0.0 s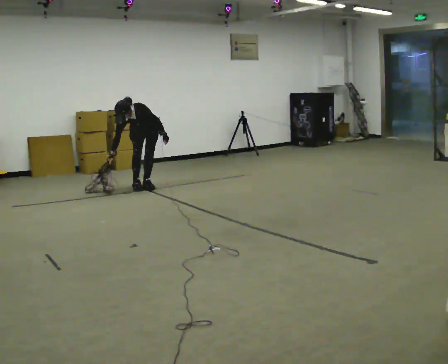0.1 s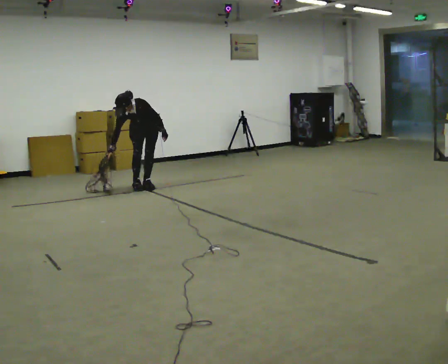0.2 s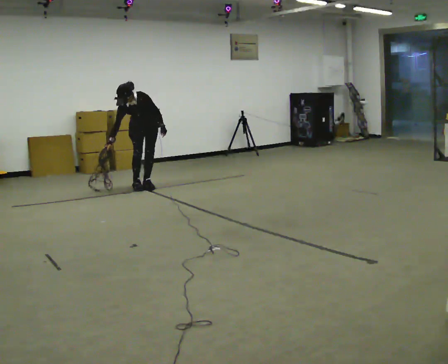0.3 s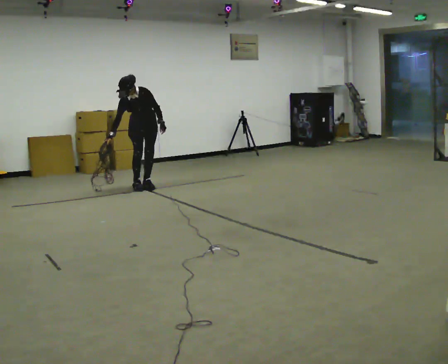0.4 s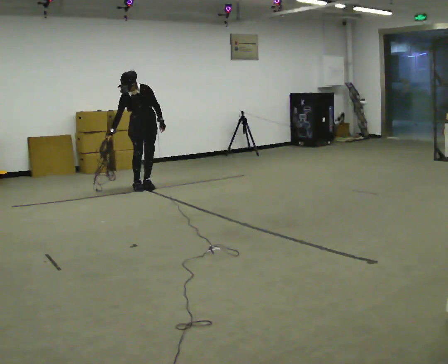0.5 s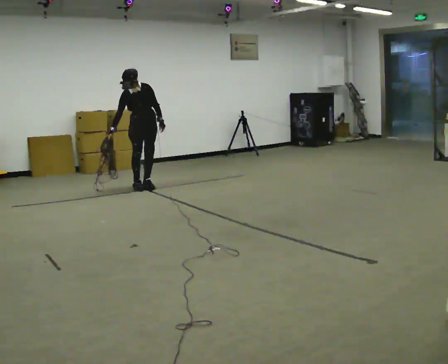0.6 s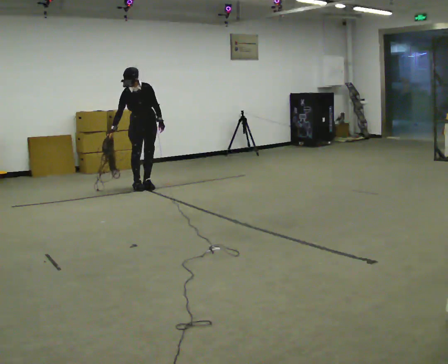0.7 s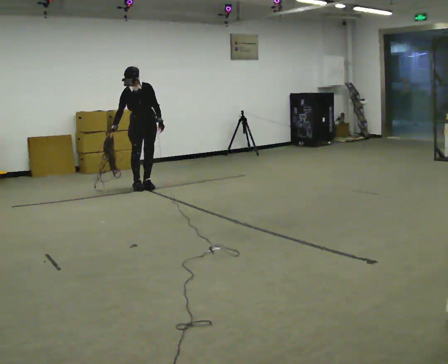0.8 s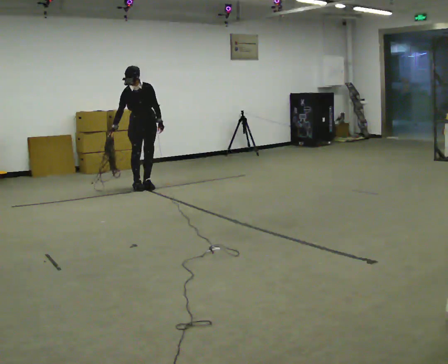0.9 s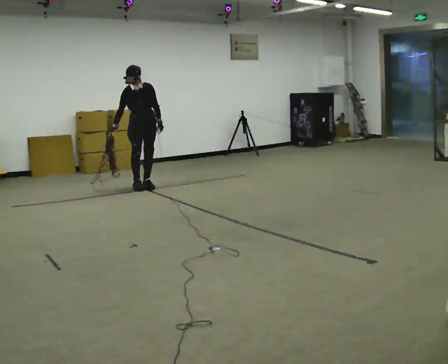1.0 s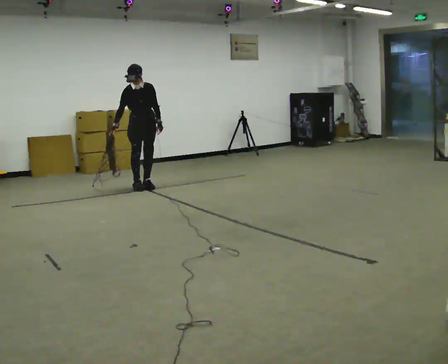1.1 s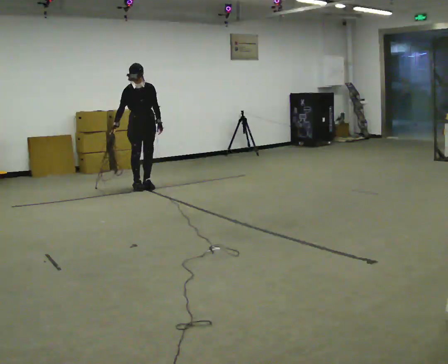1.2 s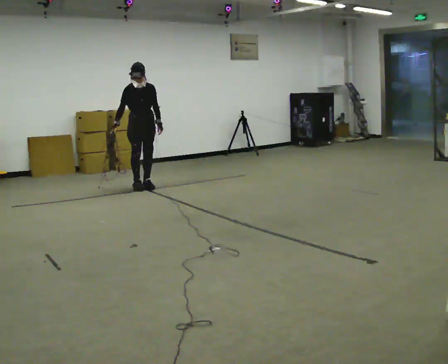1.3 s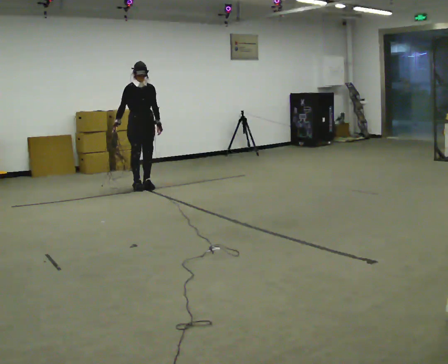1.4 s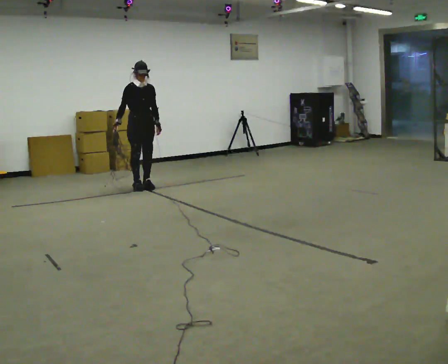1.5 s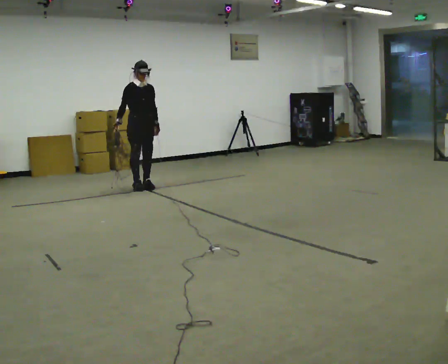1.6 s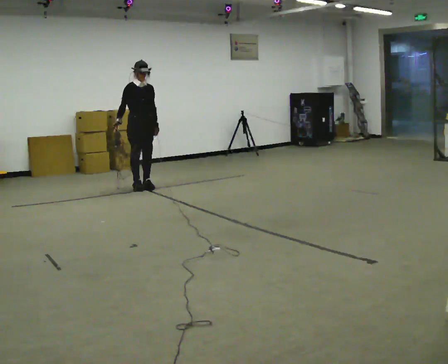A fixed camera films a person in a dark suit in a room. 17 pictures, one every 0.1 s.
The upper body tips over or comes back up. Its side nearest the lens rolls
upward.
The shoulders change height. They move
upward.
0.0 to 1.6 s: Seen from above the body turns counterclockwise, about 45 degrees: to their left, with its near side sliding to the right. The shoulders move upward. The upper body tips away from the camera, its near side rolling upward, as they lean back or straighten. In the picture their right hand goes upward.
The film runs backward here.
